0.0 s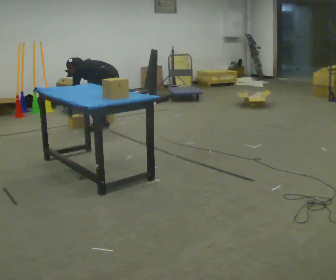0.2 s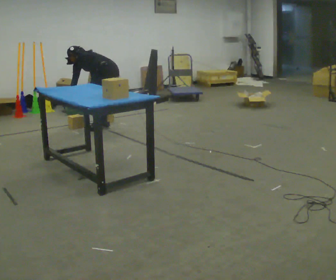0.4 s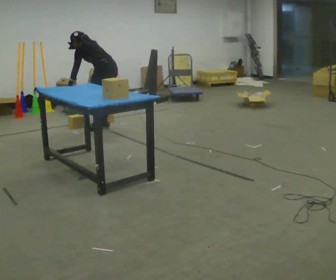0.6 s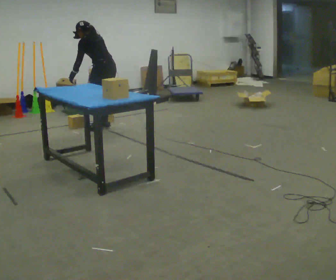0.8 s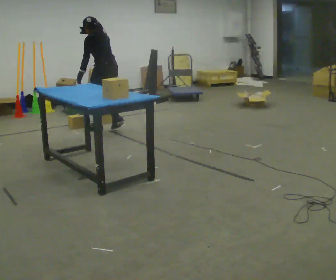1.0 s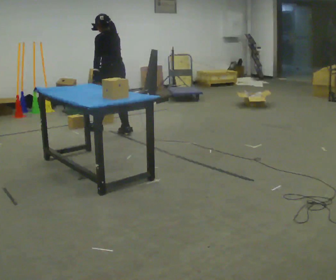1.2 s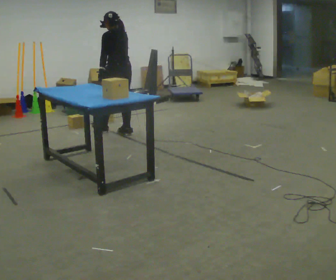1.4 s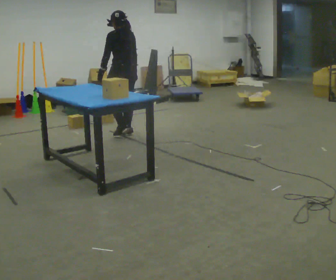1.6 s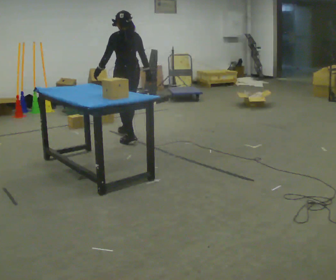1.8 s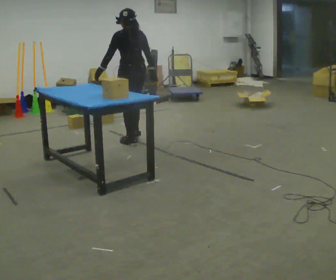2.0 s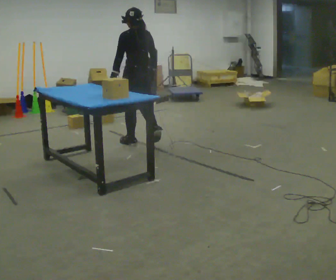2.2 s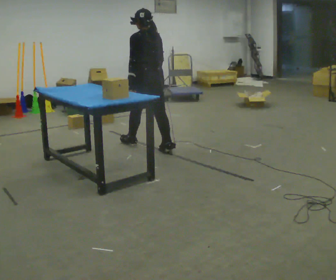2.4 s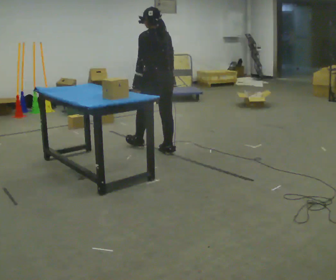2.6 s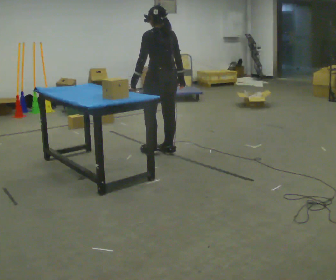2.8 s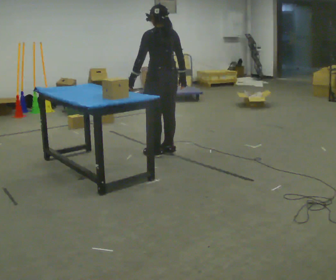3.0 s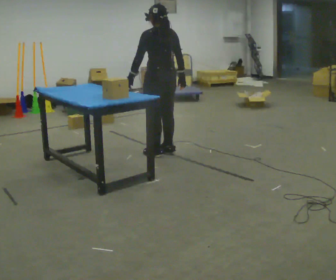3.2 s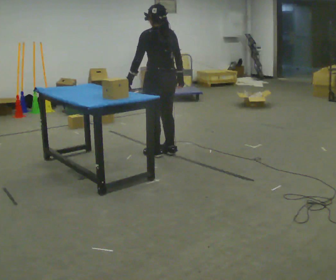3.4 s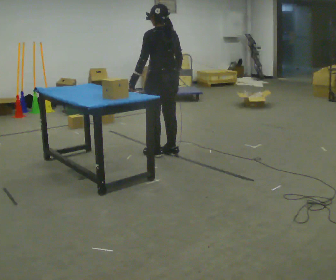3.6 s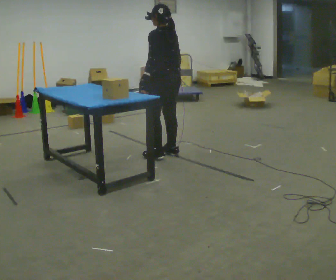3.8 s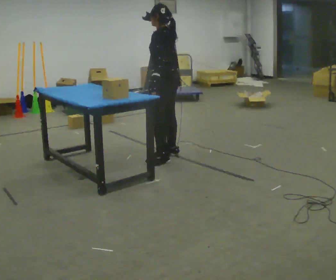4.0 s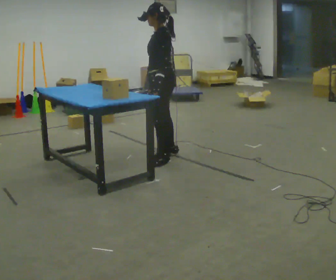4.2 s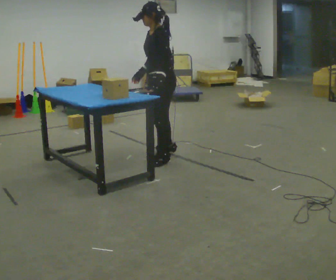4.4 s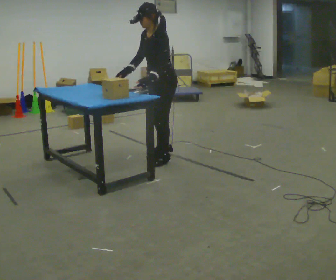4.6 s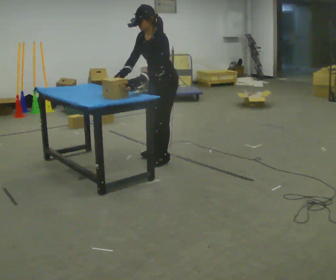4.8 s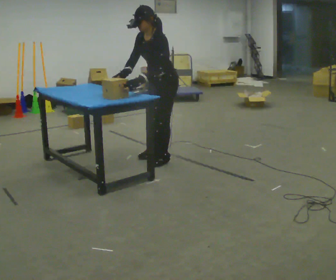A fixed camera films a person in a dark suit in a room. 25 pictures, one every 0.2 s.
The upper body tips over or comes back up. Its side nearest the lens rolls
downward.
The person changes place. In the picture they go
toward the camera.
0.0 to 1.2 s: In the picture they go toward the camera, about 0.25 m in 2 steps, which for them is backward. The shoulders move upward. In the picture the upper body tilts clockwise, shoulders to the right, as they lean back or straighten. In the picture their right hand goes upward and to the right.
1.2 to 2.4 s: In the picture they go toward the camera and to the right, about 1 m in 2 steps, which for them is backward.
2.4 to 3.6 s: In the picture they go toward the camera, about 0.25 m in 1 step, which for them is backward.
3.6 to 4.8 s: Seen from above the body turns counterclockwise, about 75 degrees: to their left, with its near side sliding to the right. In the picture they go toward the camera, about 0.25 m. The upper body tips toward the camera, its near side rolling downward, as they bend forward. In the picture their right hand goes to the left, the arm swinging clockwise.
The film runs backward here.
